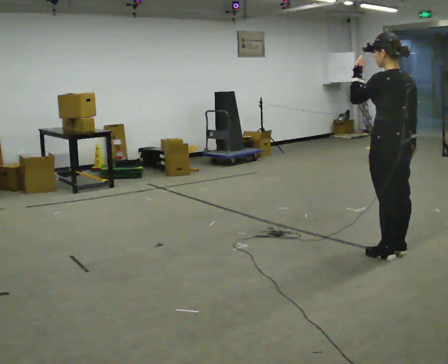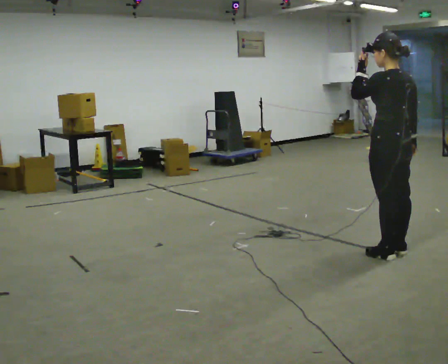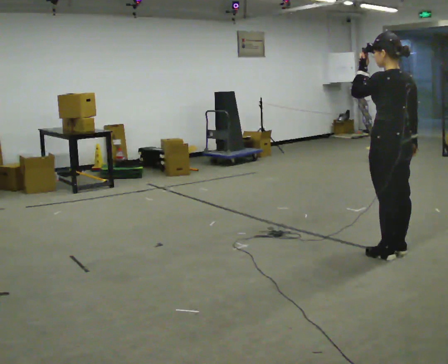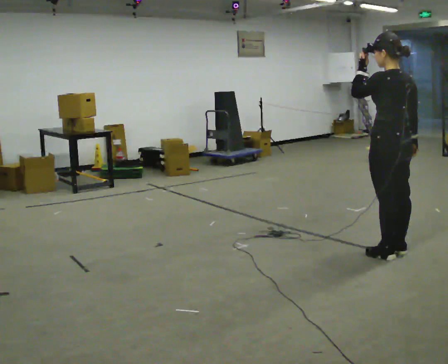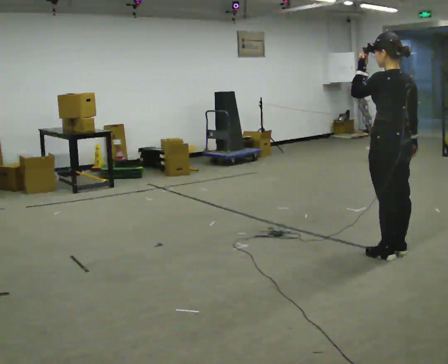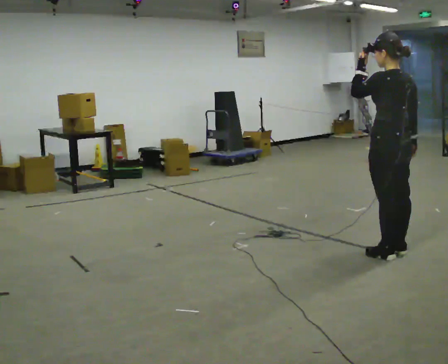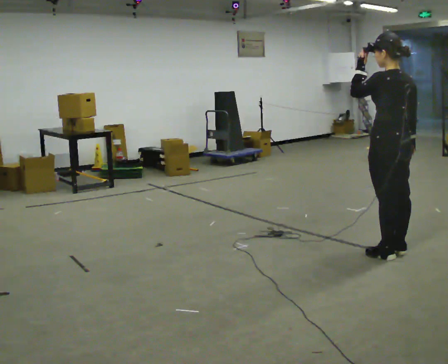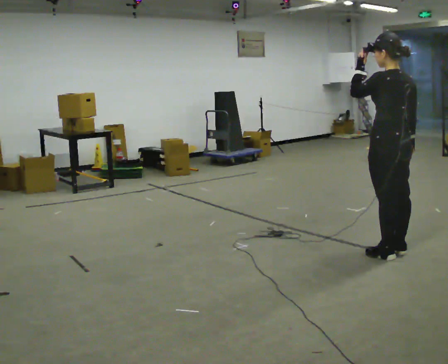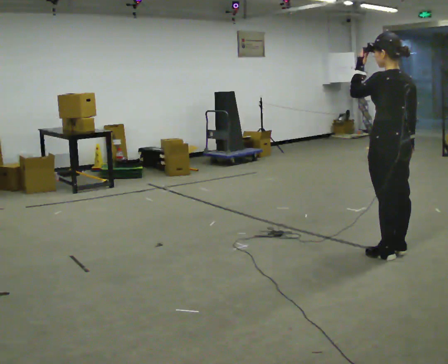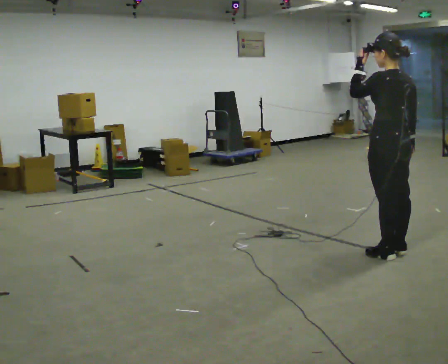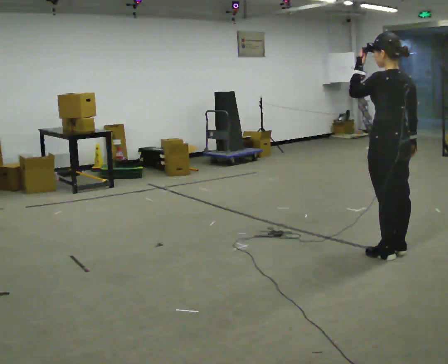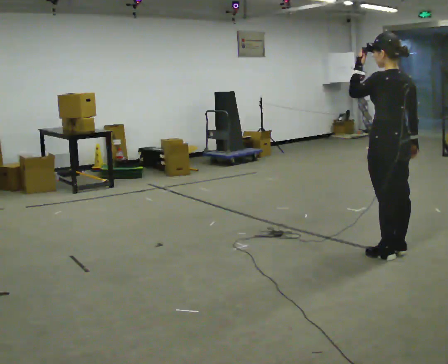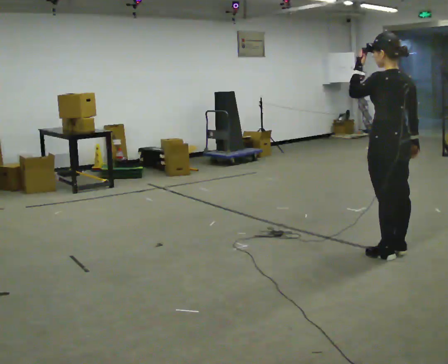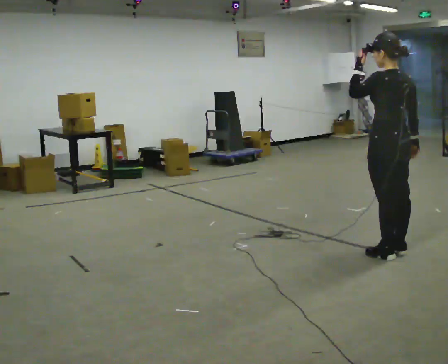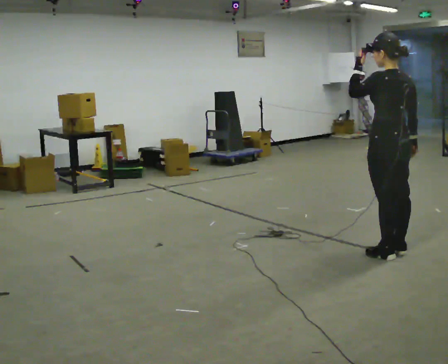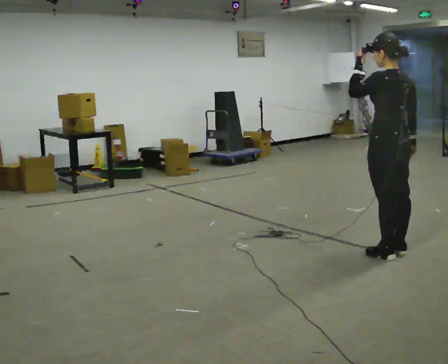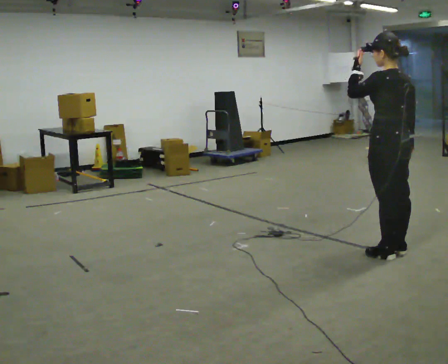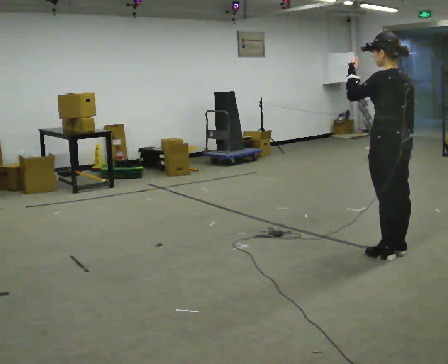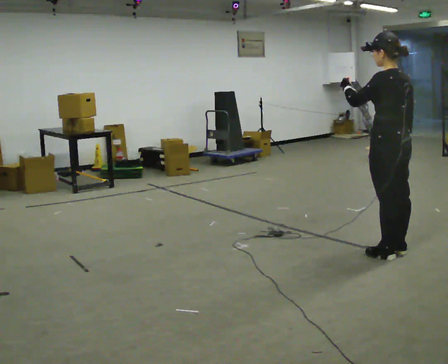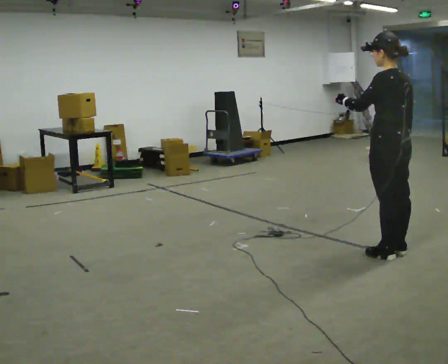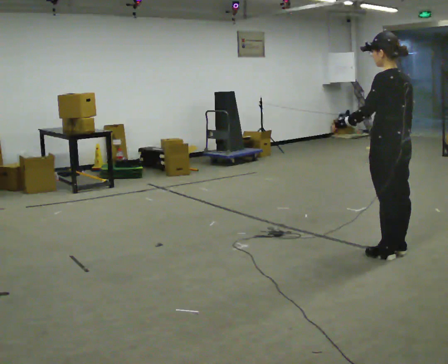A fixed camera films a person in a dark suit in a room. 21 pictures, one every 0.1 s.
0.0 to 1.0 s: The person moves a little, or ends about where they began.
1.0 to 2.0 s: In the picture their left hand goes downward.
The film runs backward here.
